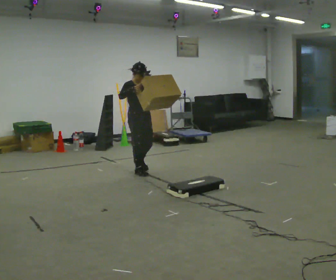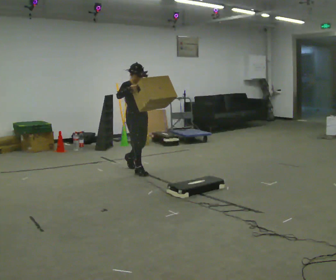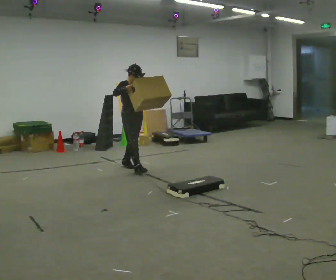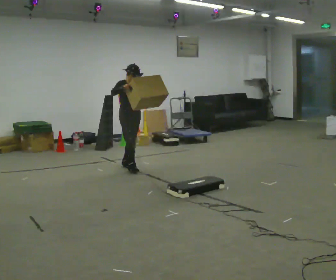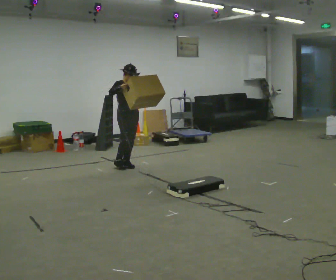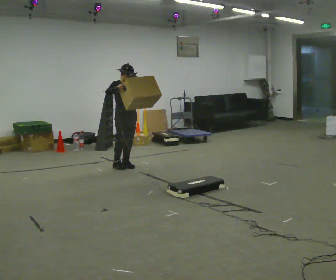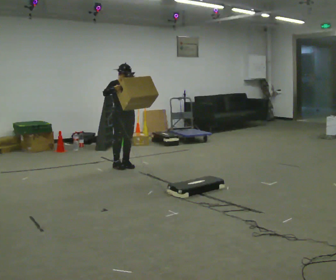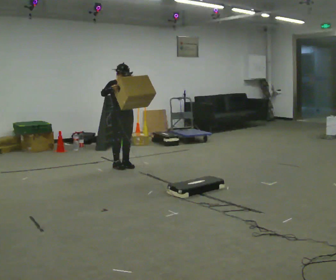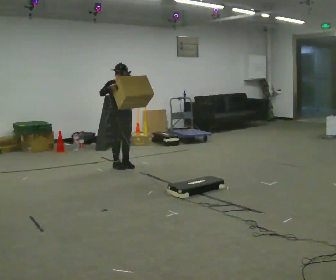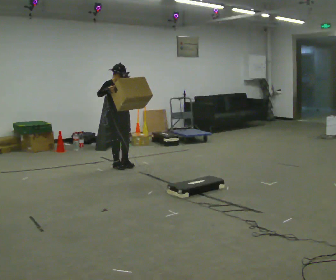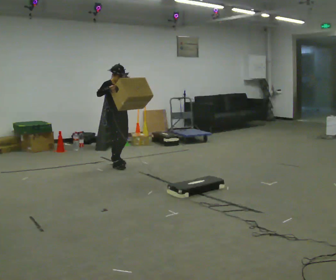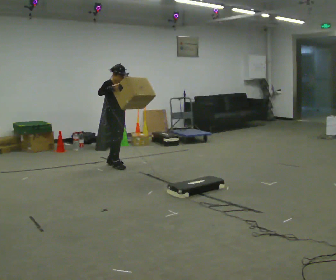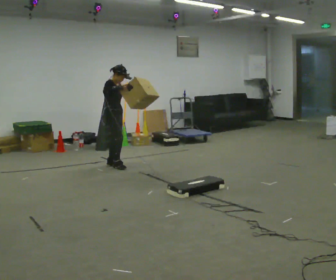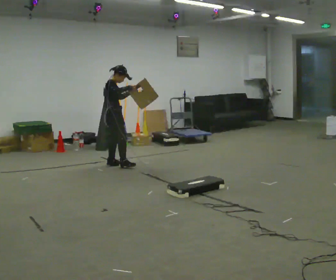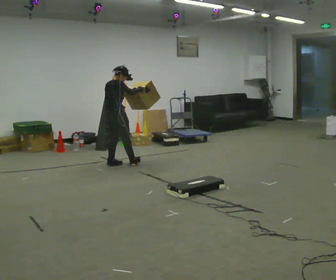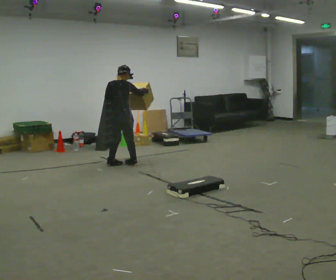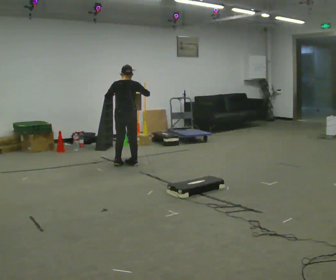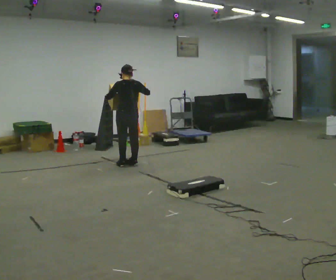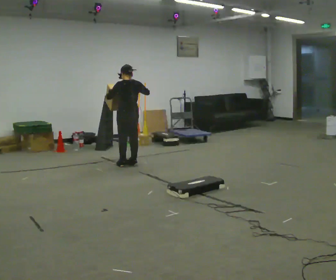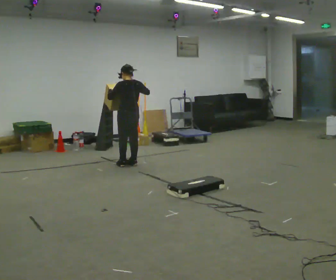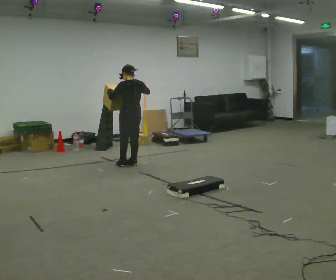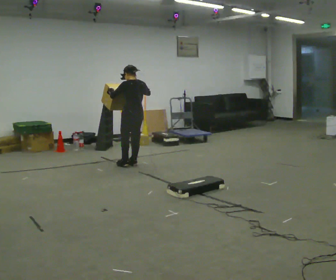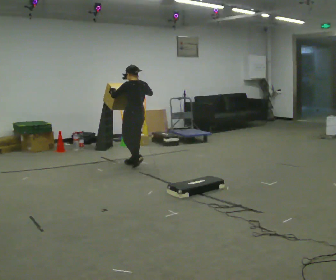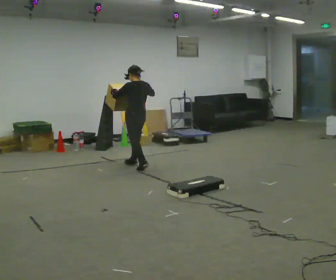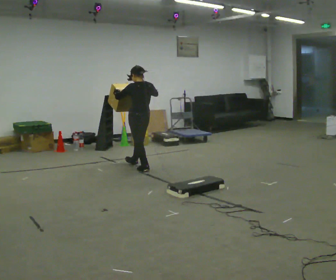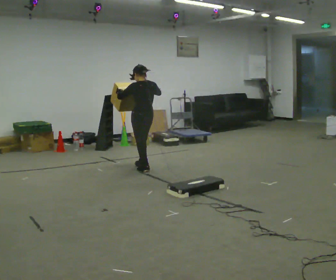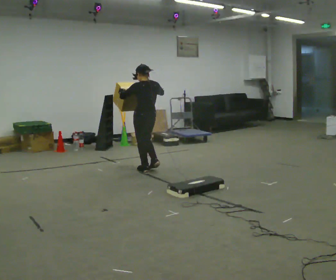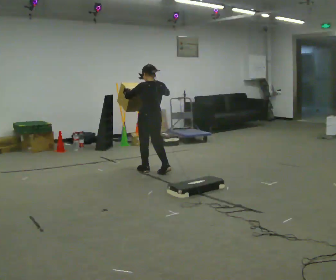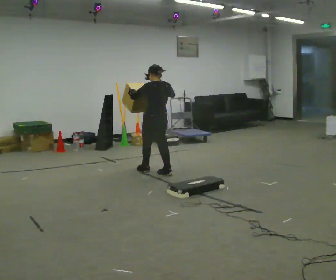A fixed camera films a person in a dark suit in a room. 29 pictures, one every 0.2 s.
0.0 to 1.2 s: In the picture they go away from the camera and to the left, about 0.5 m in 1 step, which for them is backward.
1.2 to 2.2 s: The person moves a little, or ends about where they began.
2.2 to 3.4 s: Seen from above the body turns counterclockwise, about 150 degrees: to their left, with its near side sliding to the right. In the picture they go to the right, about 0.25 m in 2 steps. In the picture their right hand goes to the right.
3.4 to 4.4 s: The person moves a little, or ends about where they began.
4.4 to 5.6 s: In the picture they go toward the camera and to the right, about 0.5 m in 1 step, which for them is backward.
The film runs backward here.
